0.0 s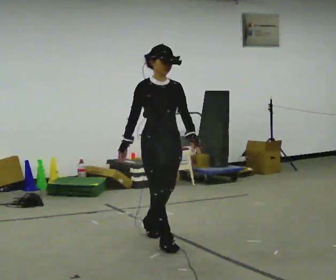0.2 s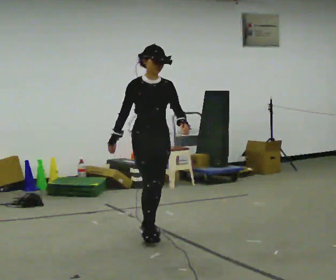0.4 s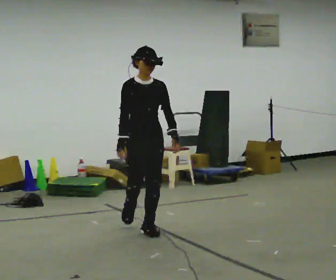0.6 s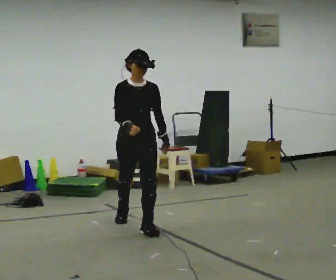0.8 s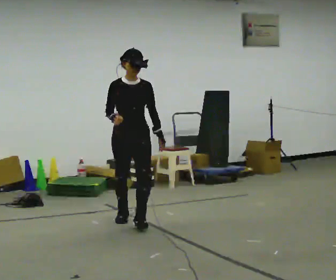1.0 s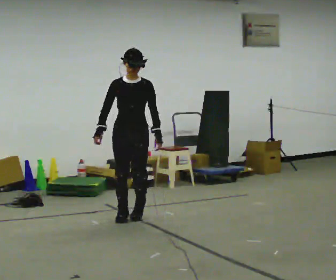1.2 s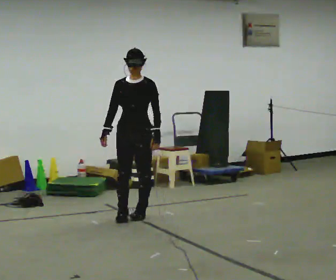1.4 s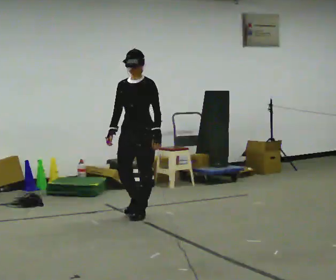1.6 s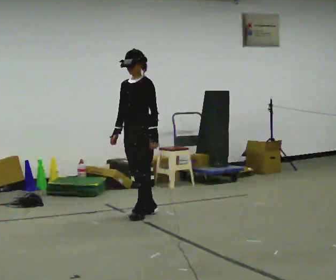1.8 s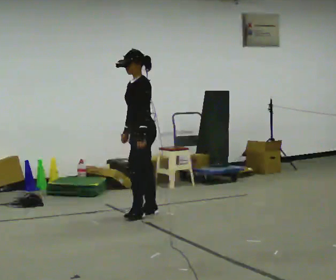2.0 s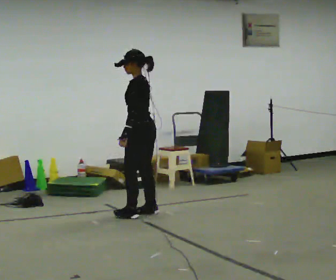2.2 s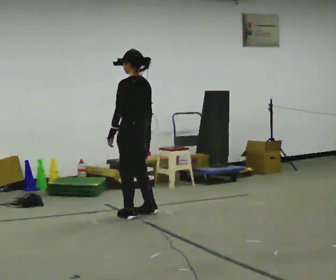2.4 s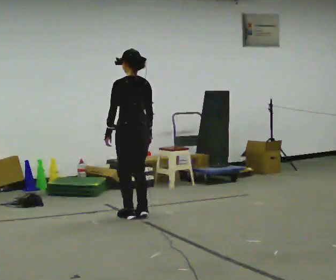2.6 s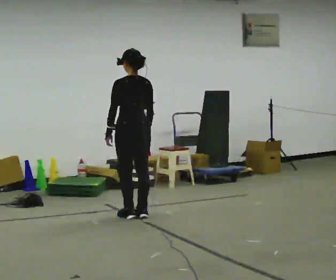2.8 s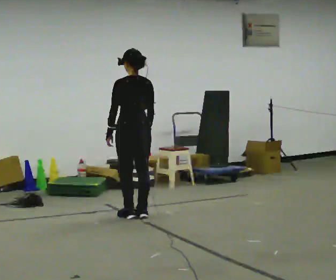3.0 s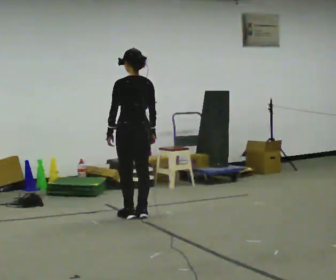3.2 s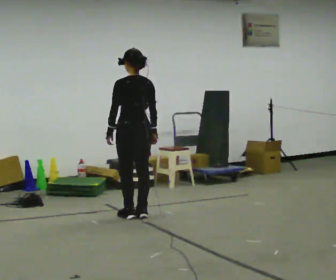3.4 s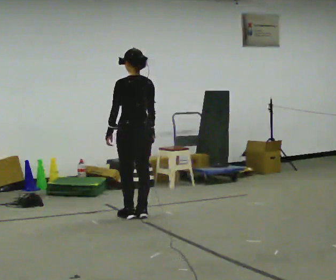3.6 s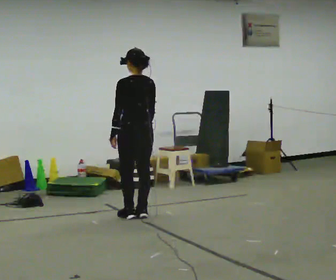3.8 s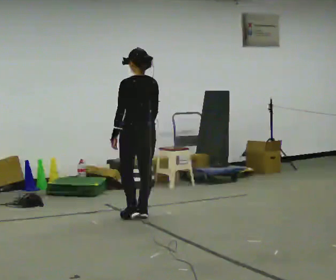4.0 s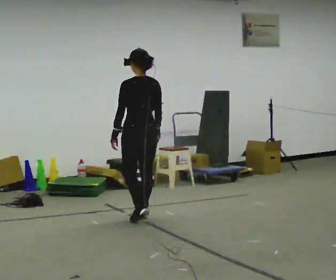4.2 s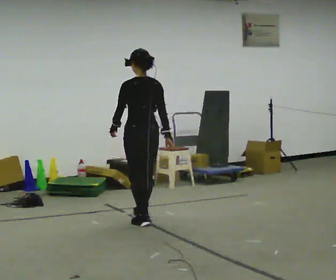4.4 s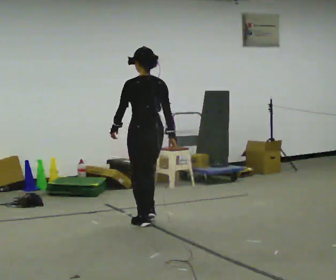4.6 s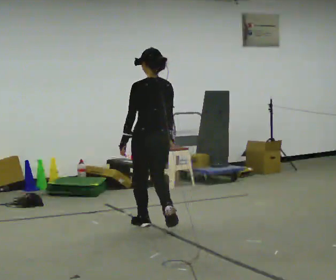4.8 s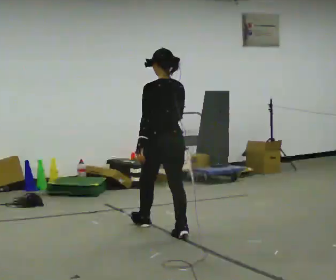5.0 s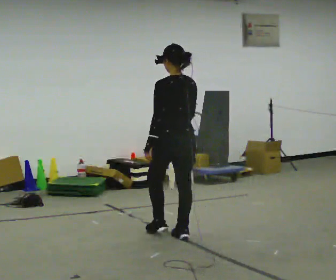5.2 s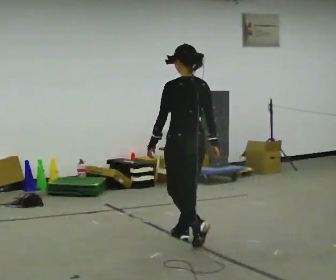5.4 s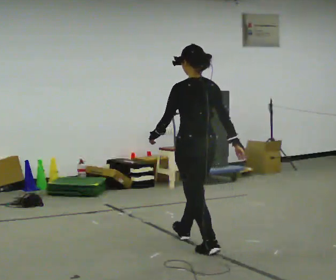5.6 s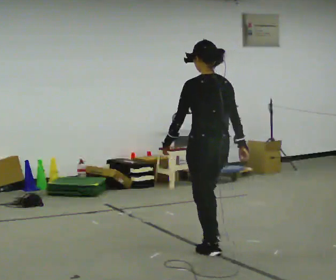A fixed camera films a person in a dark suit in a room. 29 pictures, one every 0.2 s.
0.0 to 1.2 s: The person turns about 30 degrees to their right, clockwise seen from above, so the part of the body nearest the lens slides to the left. In the picture they go away from the camera, about 1 m in 2 steps, which for them is backward.
1.2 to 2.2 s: The part of the body nearest the lens slides to the left as the person turns to their right by about 120 degrees. In the picture their left hand goes to the left, the arm swinging clockwise.
2.2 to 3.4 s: The part of the body nearest the lens slides to the left as the person turns to their right by about 30 degrees.
3.4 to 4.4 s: In the picture they go toward the camera, about 0.25 m in 2 steps, which for them is backward.
4.4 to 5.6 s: In the picture they go toward the camera and to the right, about 1 m in 2 steps, which for them is backward.
The film runs backward here.
